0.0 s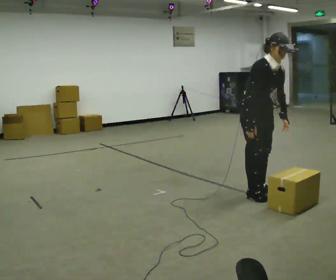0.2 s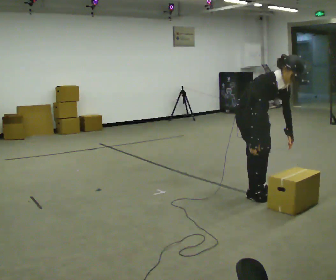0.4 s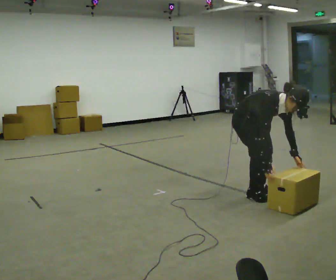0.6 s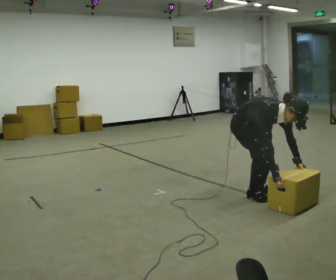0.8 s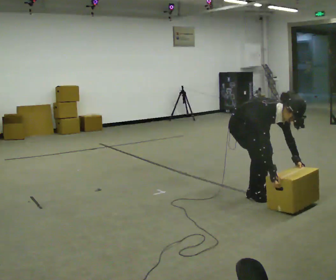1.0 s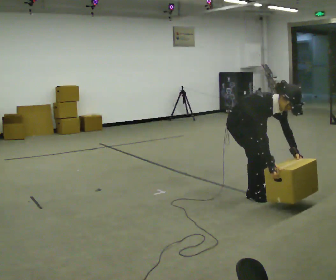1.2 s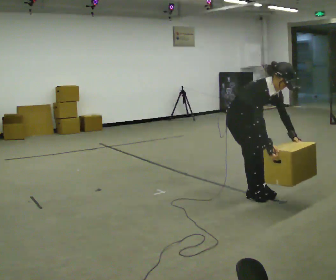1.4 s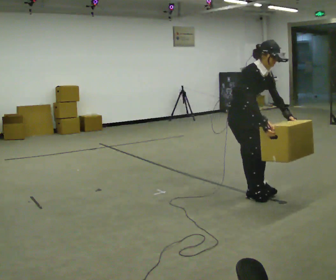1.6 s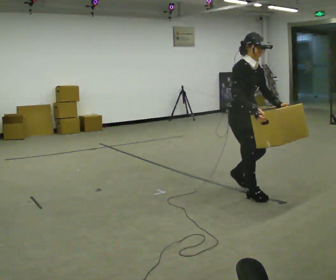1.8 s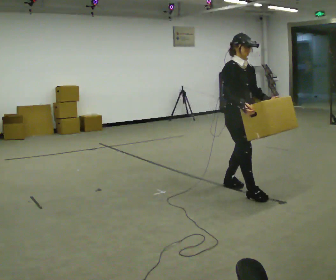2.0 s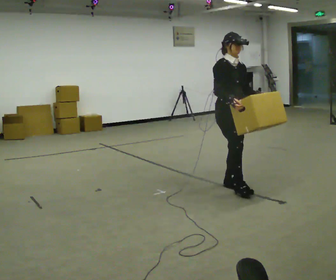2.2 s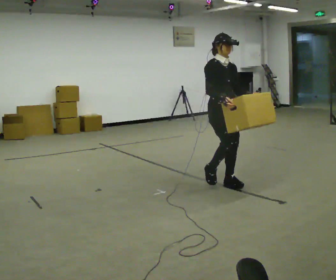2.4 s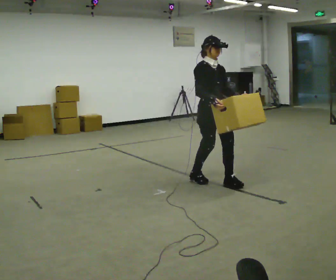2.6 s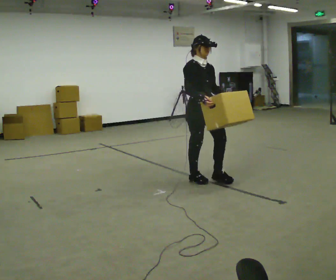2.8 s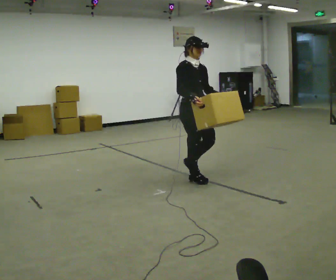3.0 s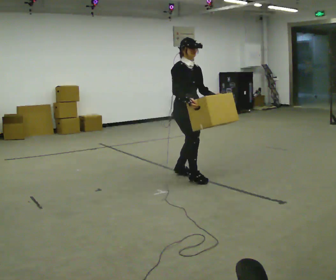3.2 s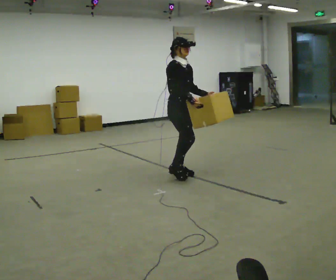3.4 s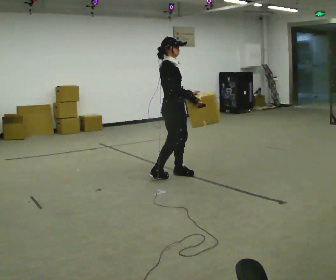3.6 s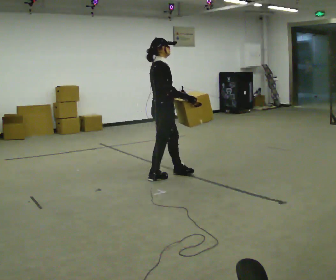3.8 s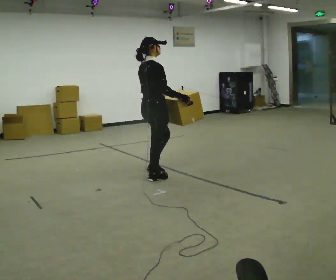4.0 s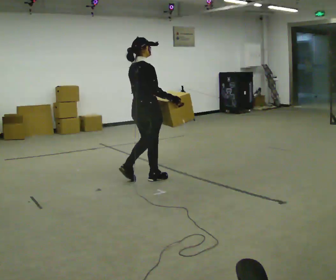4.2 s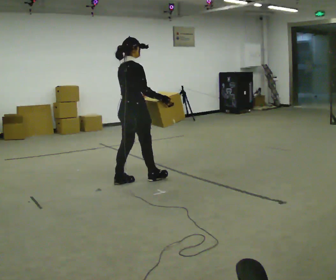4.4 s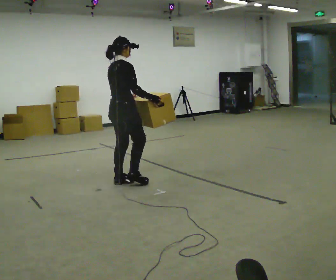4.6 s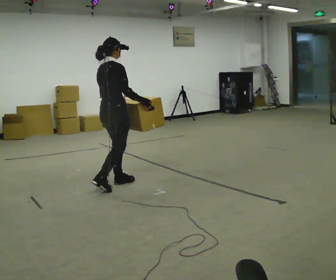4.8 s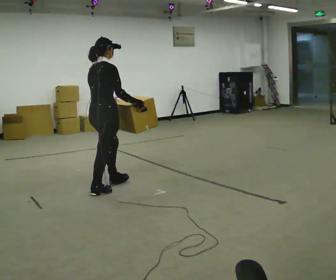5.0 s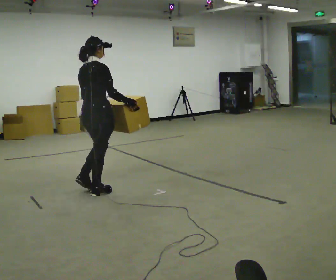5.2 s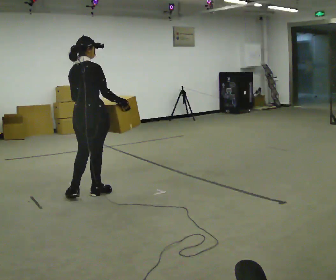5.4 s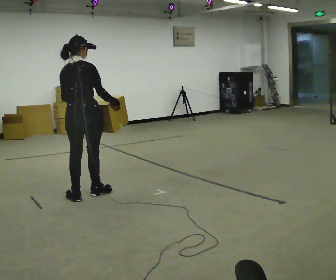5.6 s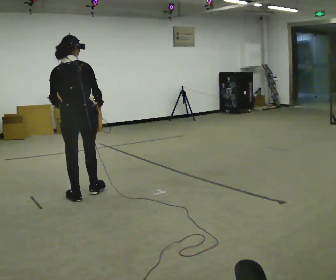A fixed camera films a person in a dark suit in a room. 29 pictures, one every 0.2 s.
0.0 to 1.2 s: The person moves a little, or ends about where they began.
1.2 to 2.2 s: In the picture they go away from the camera and to the left, about 0.25 m in 2 steps, which for them is backward. The shoulders move upward. The upper body tips away from the camera, its near side rolling upward, as they lean back or straighten. In the picture their right hand goes upward.
2.2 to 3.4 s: Seen from above the body turns counterclockwise, about 30 degrees: to their left, with its near side sliding to the right. In the picture they go to the left and away from the camera, about 0.75 m in 2 steps, which for them is backward.
3.4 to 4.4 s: The part of the body nearest the lens slides to the right as the person turns to their left by about 60 degrees. In the picture they go to the left and toward the camera, about 0.5 m in 2 steps, which for them is backward.
4.4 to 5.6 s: The person turns about 60 degrees to their left, counterclockwise seen from above, so the part of the body nearest the lens slides to the right. In the picture they go toward the camera and to the left, about 0.5 m in 1 step, which for them is backward.
The film runs backward here.
